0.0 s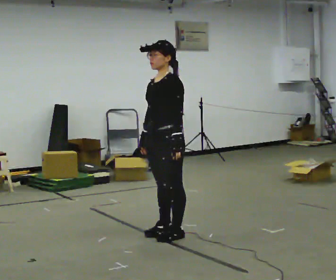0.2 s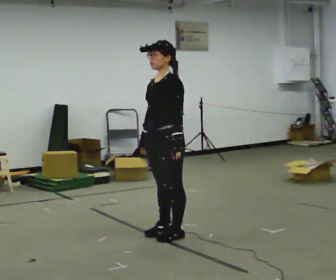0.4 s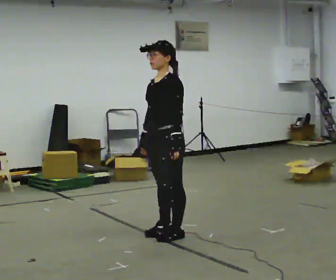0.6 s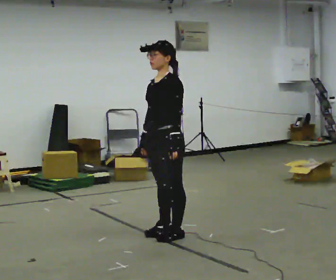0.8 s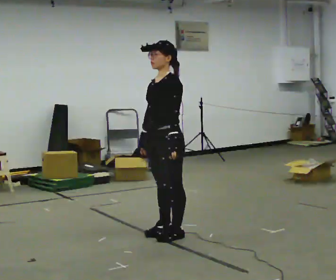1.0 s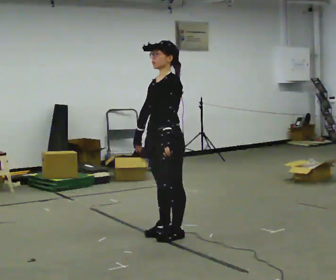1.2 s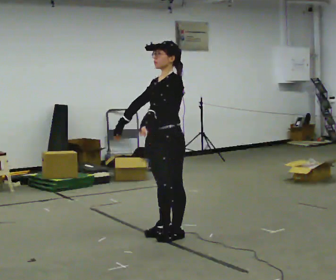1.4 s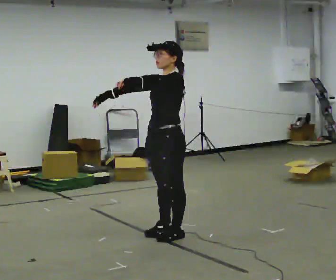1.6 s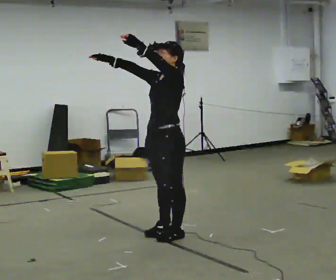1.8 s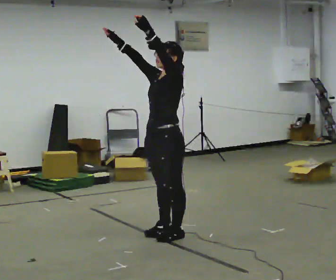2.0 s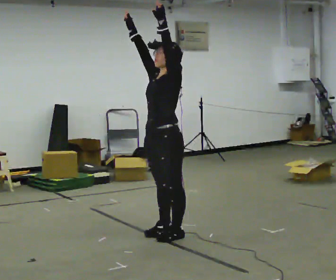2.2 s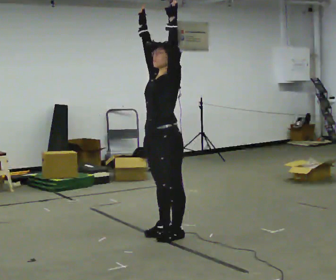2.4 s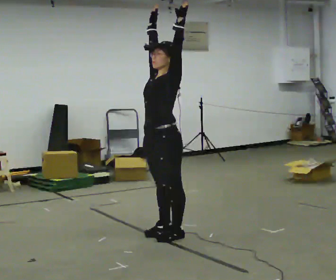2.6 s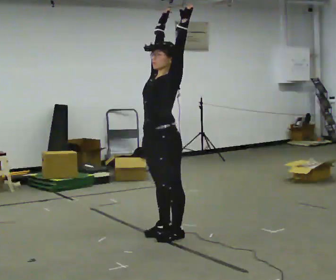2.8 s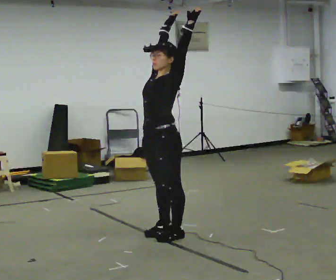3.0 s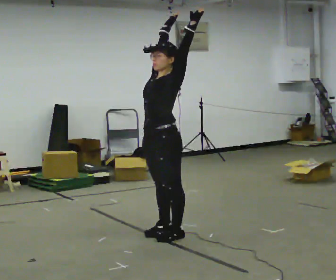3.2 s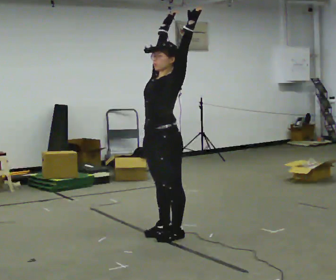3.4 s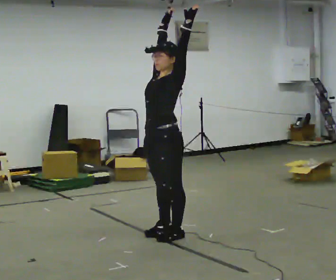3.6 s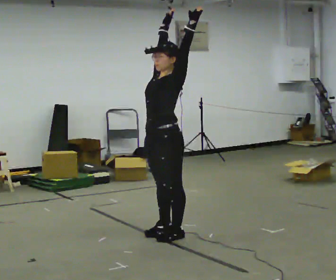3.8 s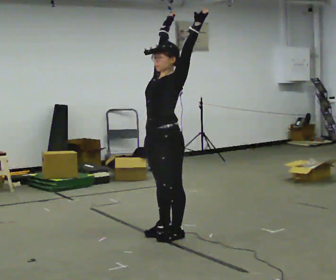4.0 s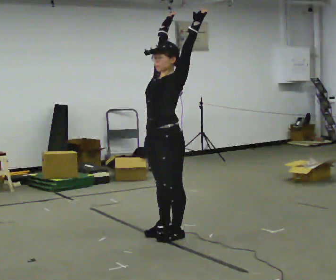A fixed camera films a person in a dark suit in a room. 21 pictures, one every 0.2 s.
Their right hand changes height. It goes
upward.
Their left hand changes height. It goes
upward.
0.0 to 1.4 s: In the picture their left hand goes upward and to the left.
1.4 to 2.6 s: In the picture their right hand goes upward and to the right, the arm swinging clockwise.
2.6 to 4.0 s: The person moves a little, or ends about where they began.
The film runs forward here.
